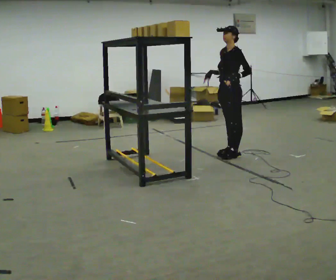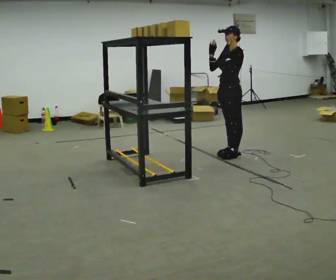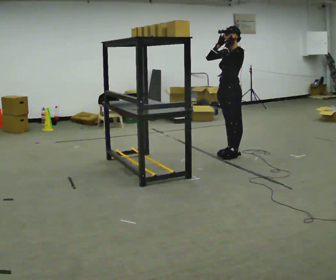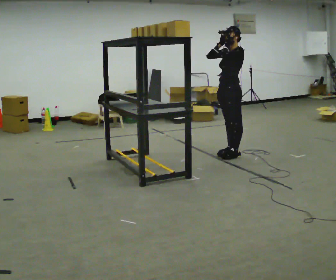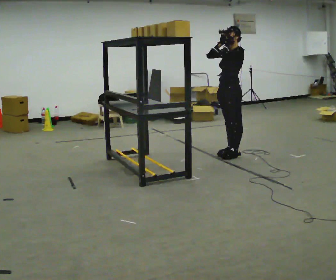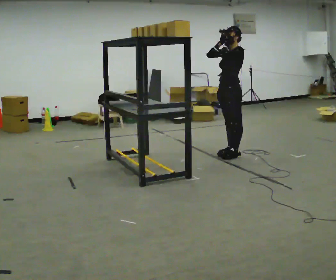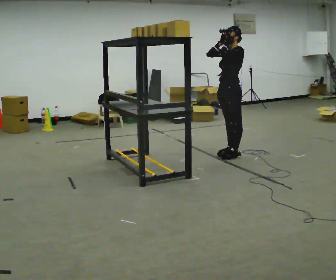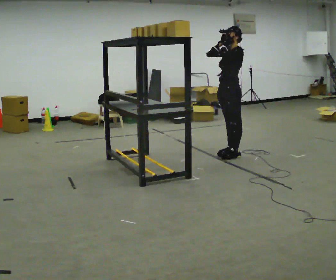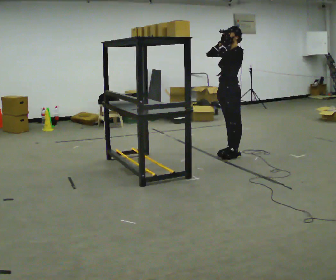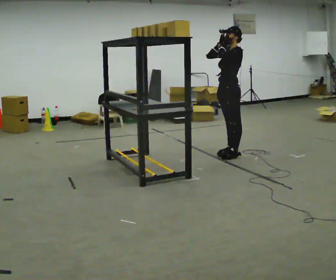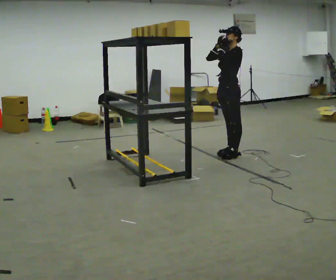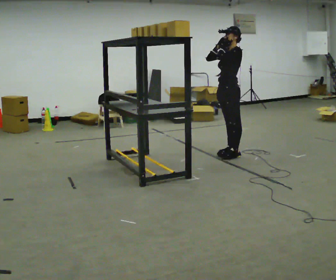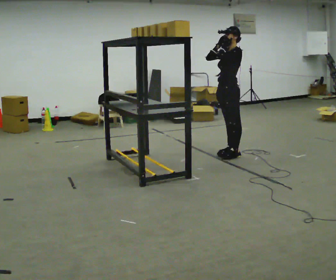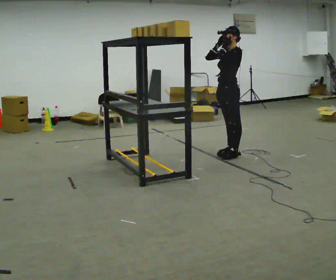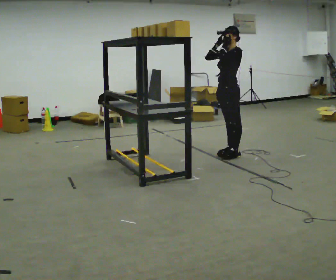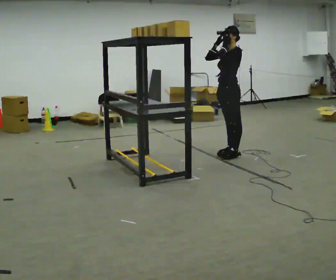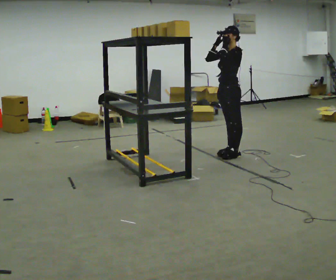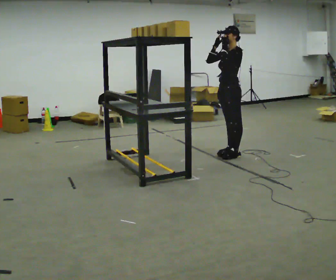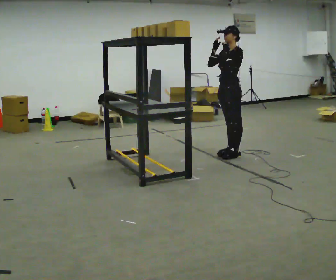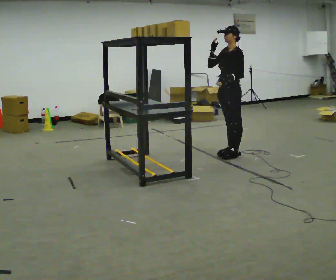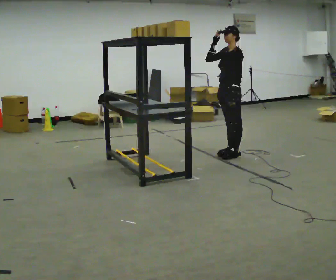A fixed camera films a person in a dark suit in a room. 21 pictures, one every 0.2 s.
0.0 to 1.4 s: In the picture their left hand goes upward.
1.4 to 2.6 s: The person moves a little, or ends about where they began.
2.6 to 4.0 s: In the picture their left hand goes downward.
The film runs backward here.
